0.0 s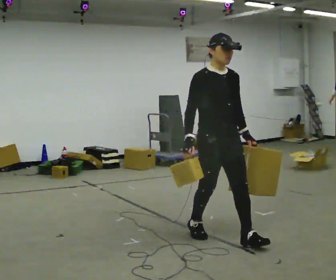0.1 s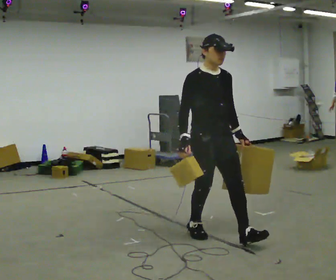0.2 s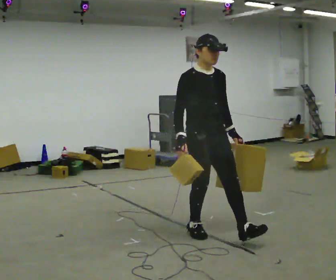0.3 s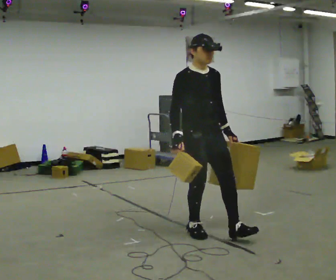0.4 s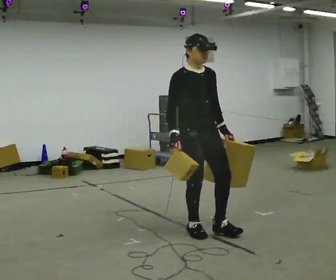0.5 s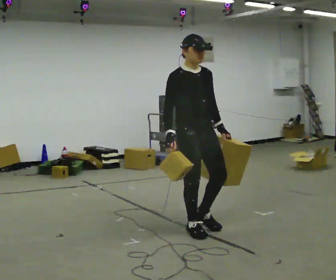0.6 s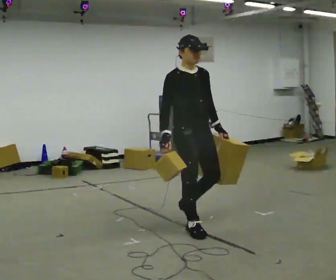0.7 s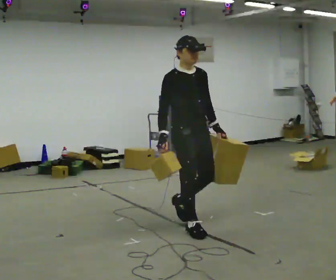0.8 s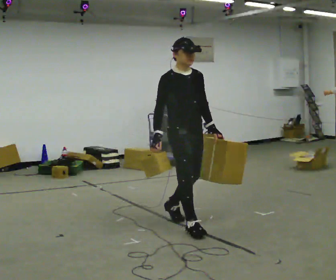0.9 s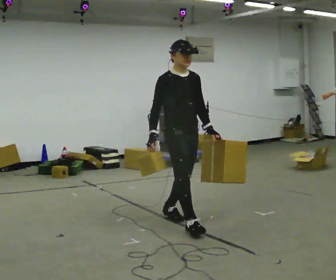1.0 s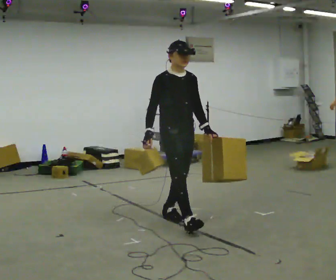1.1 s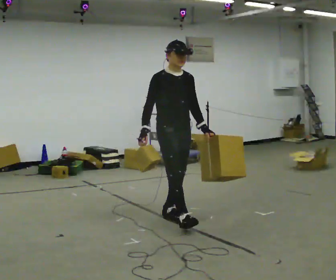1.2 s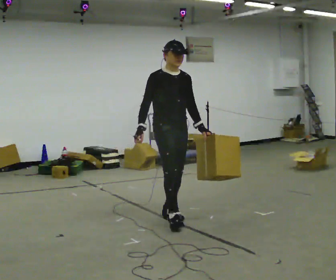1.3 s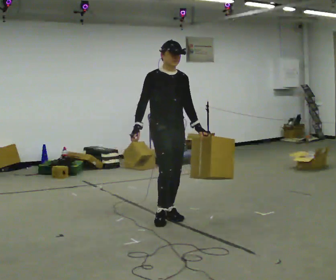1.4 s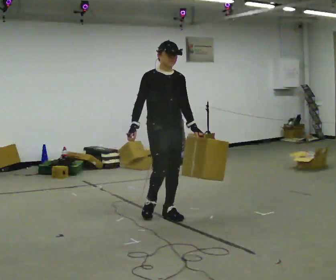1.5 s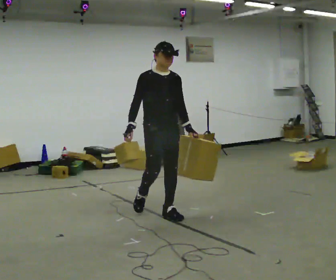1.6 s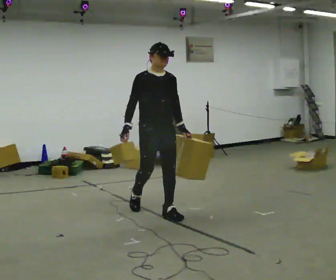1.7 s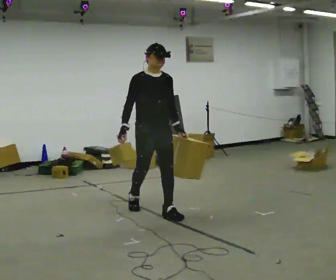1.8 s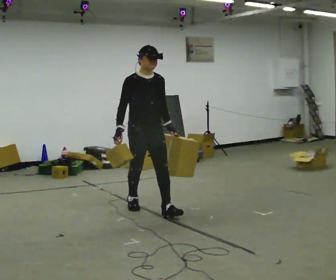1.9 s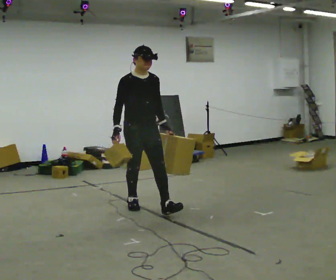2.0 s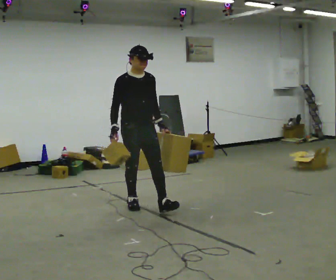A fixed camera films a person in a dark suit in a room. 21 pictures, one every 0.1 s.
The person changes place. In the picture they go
away from the camera.
0.0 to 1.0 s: In the picture they go away from the camera and to the left, about 0.75 m in 1 step, which for them is backward.
1.0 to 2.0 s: In the picture they go away from the camera and to the left, about 0.75 m in 2 steps, which for them is backward.
The film runs backward here.
